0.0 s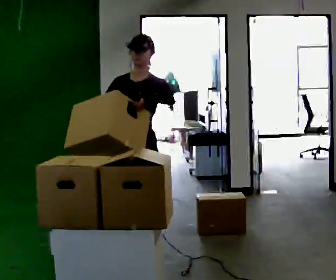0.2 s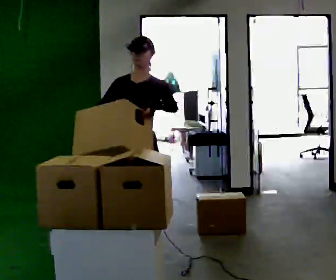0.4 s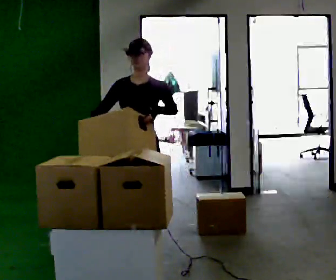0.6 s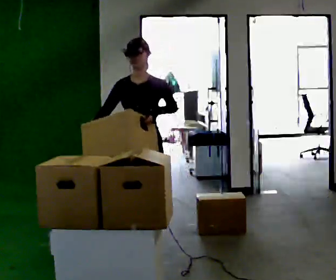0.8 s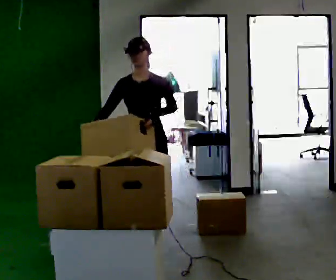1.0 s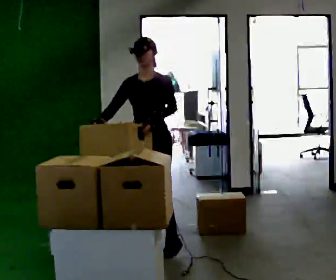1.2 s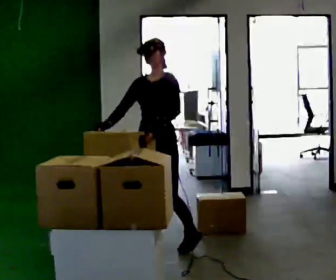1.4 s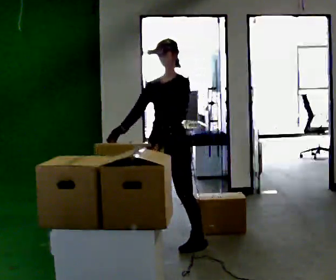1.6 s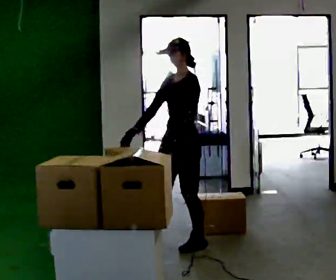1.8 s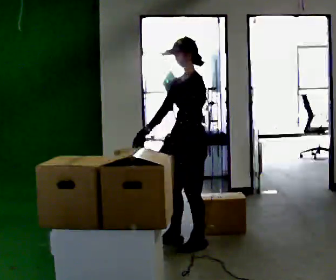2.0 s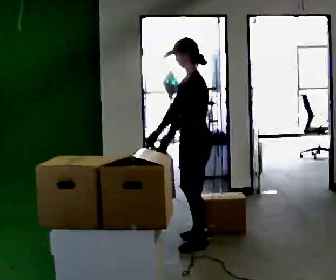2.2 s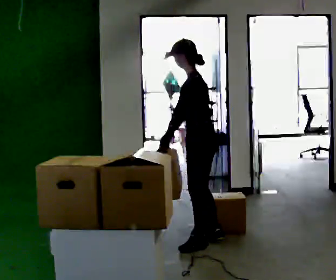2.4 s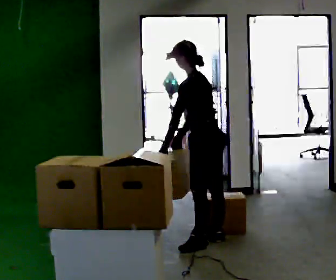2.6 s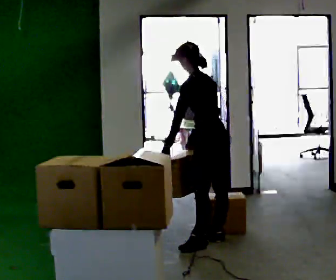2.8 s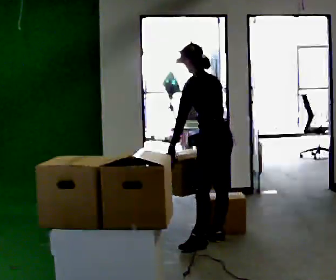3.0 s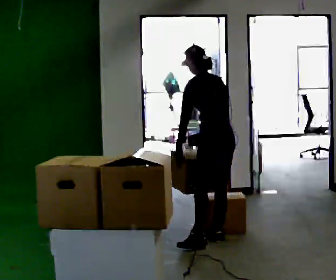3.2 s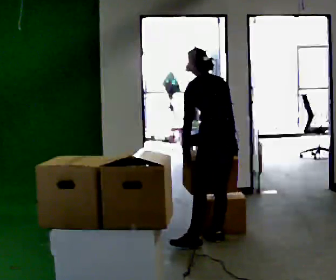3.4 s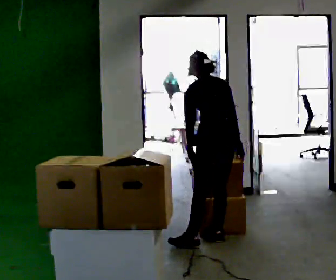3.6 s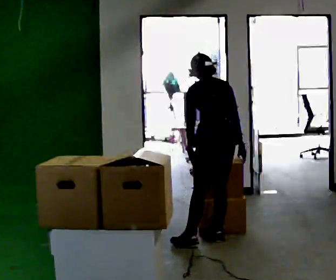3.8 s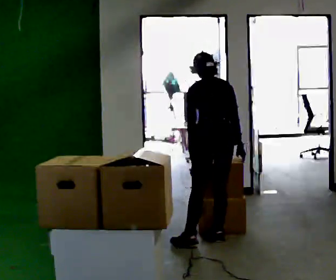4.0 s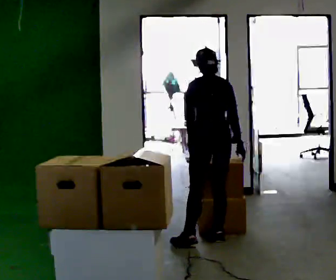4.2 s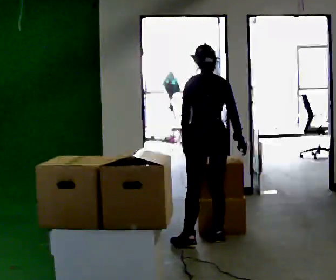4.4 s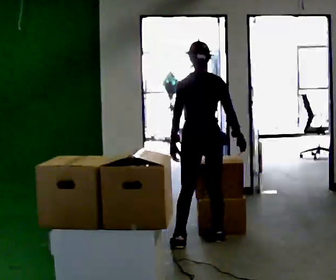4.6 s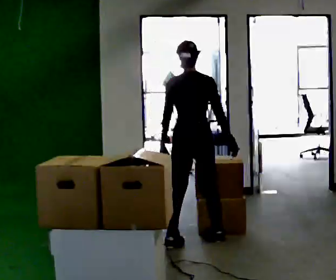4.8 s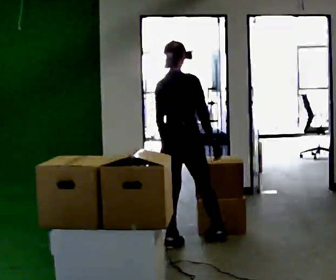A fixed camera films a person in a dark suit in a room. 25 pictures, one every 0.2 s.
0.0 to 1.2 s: In the picture they go away from the camera, about 0.5 m in 1 step, which for them is backward.
1.2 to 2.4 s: The person turns about 90 degrees to their right, clockwise seen from above, so the part of the body nearest the lens slides to the left. In the picture they go to the right, about 0.5 m in 1 step. In the picture the upper body tilts counterclockwise, shoulders to the left, as they bend forward.
2.4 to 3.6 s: The part of the body nearest the lens slides to the left as the person turns to their right by about 45 degrees. The upper body tips away from the camera, its near side rolling upward, as they bend forward. In the picture their right hand goes to the right, the arm swinging counterclockwise.
3.6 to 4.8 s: The part of the body nearest the lens slides to the left as the person turns to their right by about 45 degrees. In the picture they go to the left, about 0.25 m in 1 step, which for them is to their left. The upper body tips toward the camera, its near side rolling downward, as they lean back or straighten.
The film runs backward here.
